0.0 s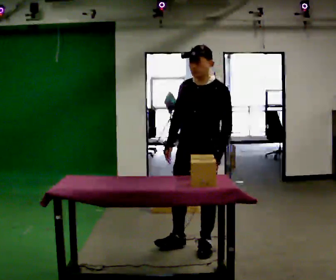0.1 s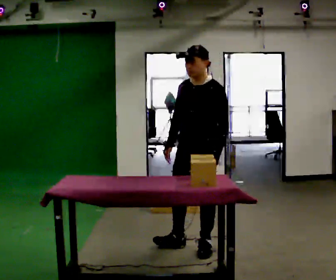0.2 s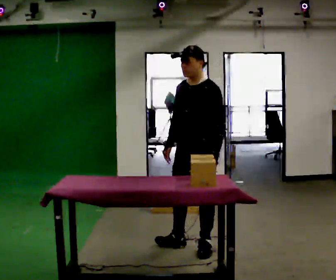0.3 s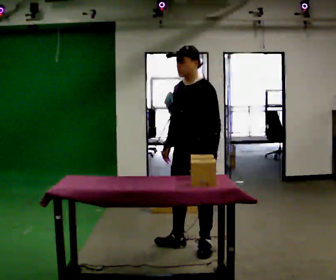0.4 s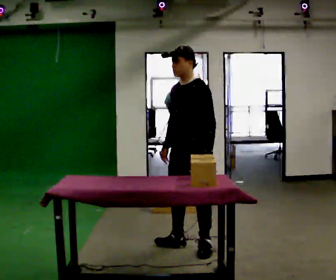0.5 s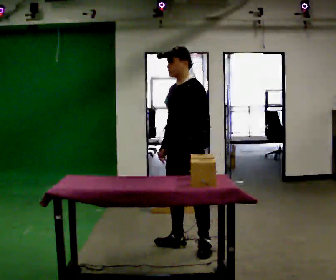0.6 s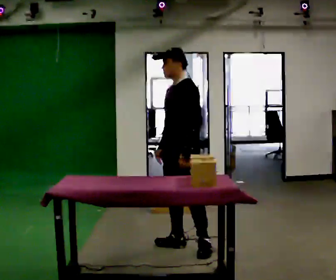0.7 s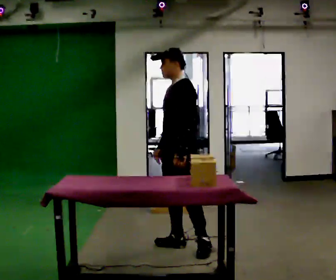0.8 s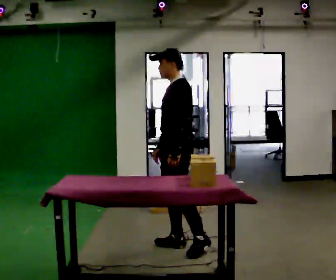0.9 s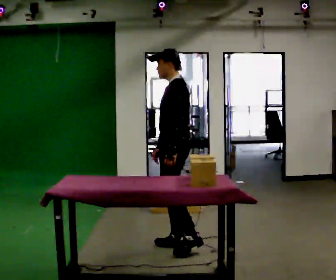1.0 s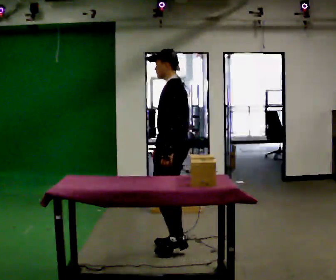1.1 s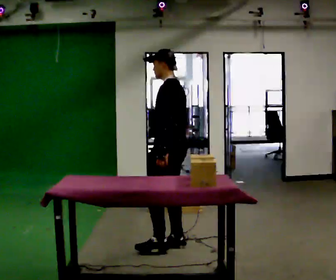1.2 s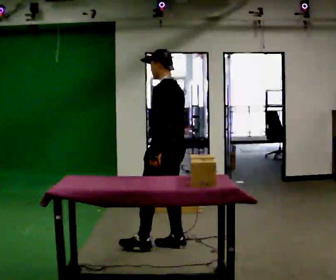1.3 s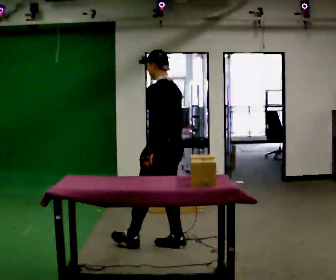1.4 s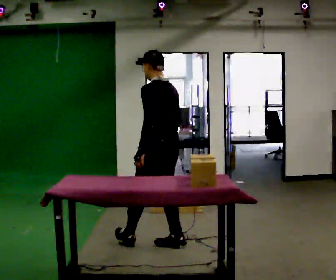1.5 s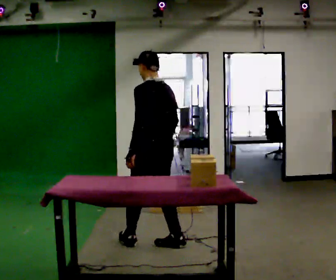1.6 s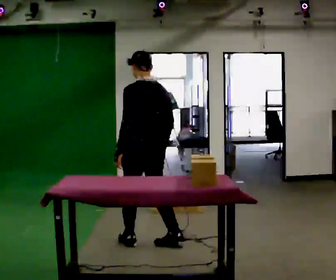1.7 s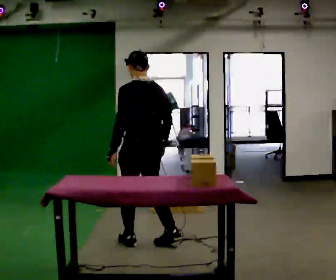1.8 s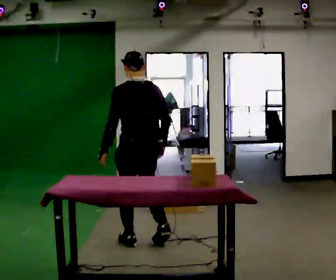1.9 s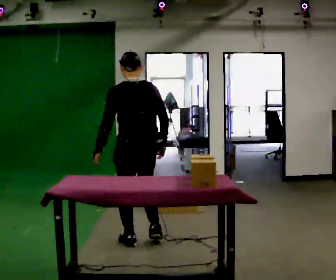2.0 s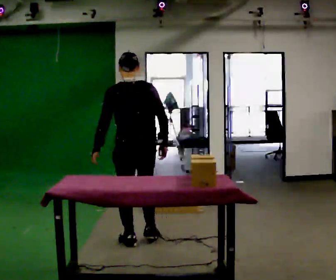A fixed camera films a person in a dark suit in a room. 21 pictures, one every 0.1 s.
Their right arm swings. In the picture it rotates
counterclockwise.
The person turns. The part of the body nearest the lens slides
to the left.
0.0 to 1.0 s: The person turns about 60 degrees to their right, clockwise seen from above, so the part of the body nearest the lens slides to the left. In the picture they go to the left, about 0.25 m.
1.0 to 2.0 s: Seen from above the body turns clockwise, about 75 degrees: to their right, with its near side sliding to the left. In the picture they go to the left, about 0.25 m in 1 step.
The film runs forward here.
